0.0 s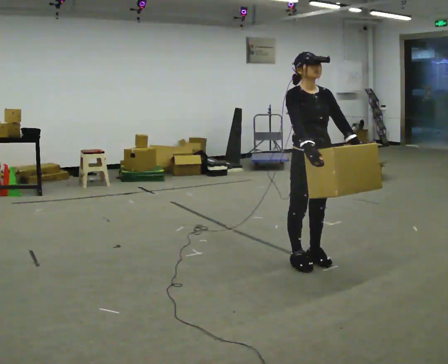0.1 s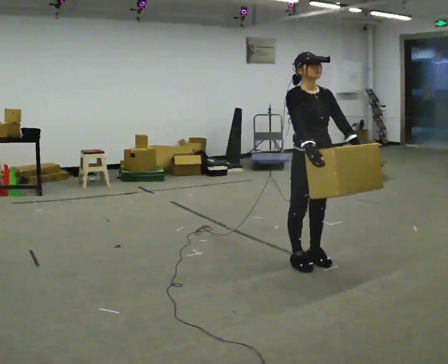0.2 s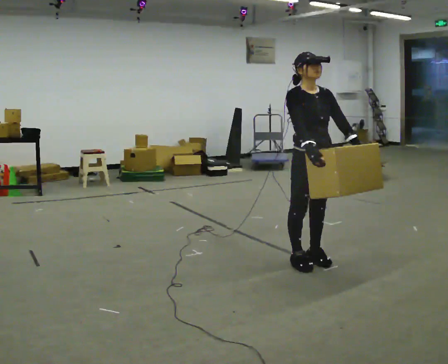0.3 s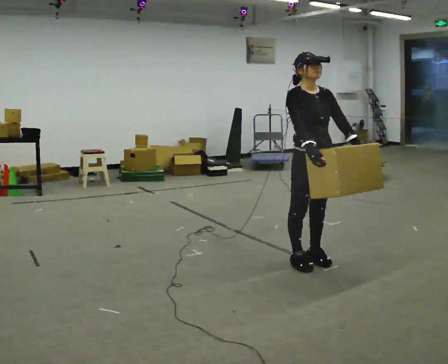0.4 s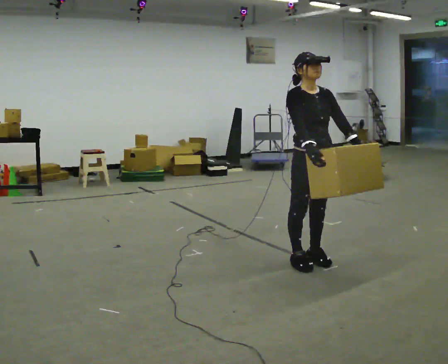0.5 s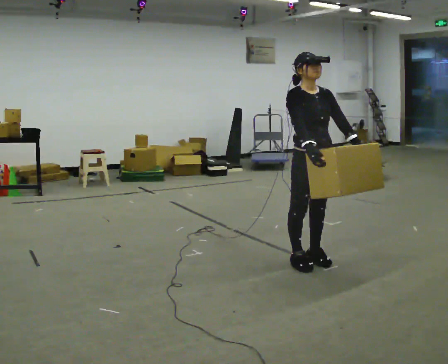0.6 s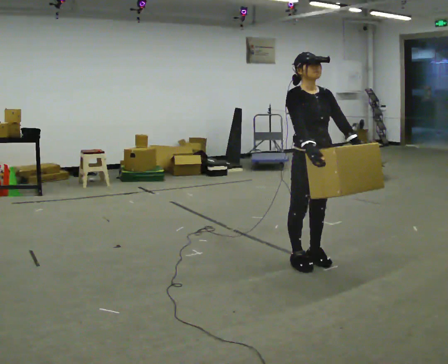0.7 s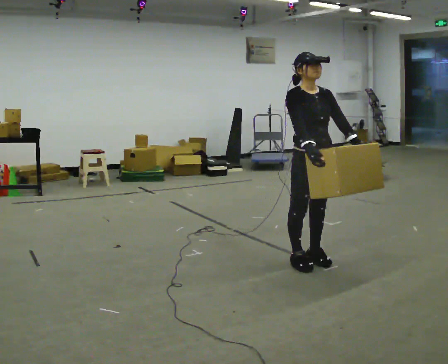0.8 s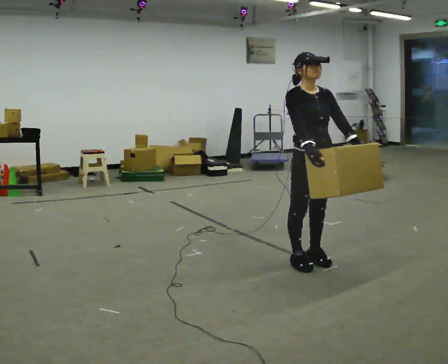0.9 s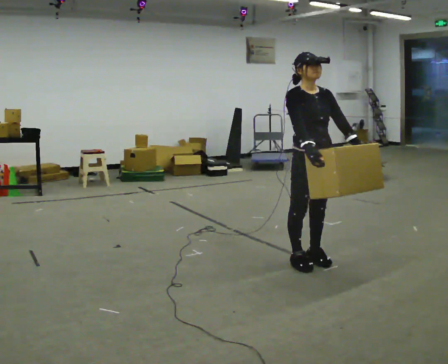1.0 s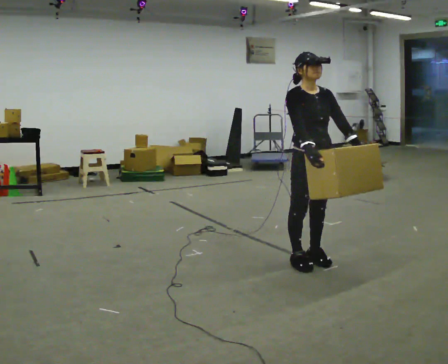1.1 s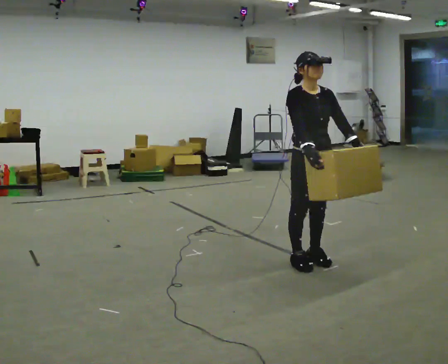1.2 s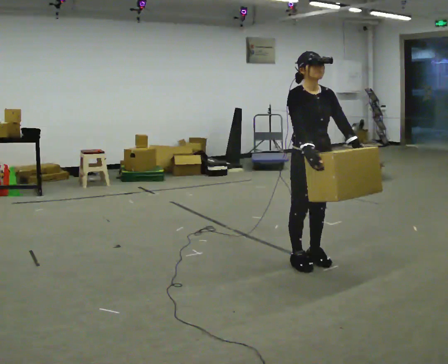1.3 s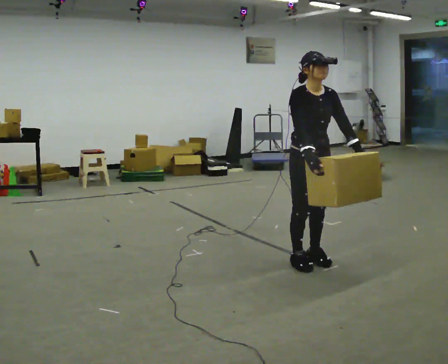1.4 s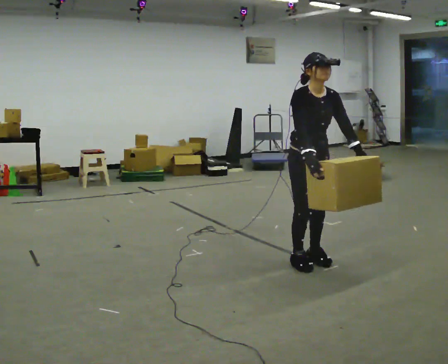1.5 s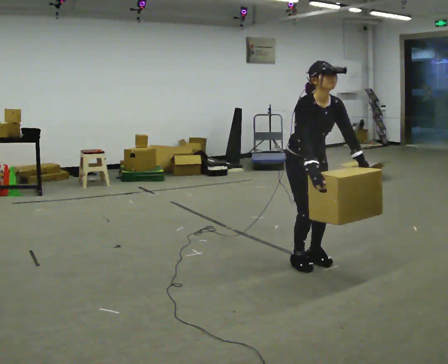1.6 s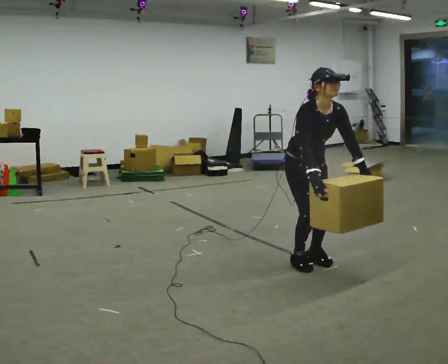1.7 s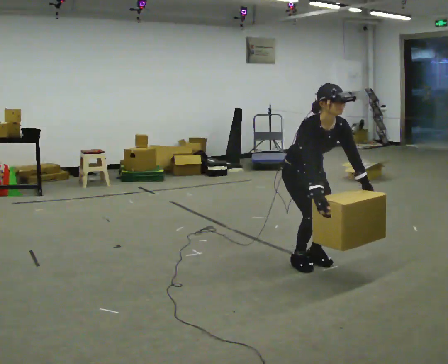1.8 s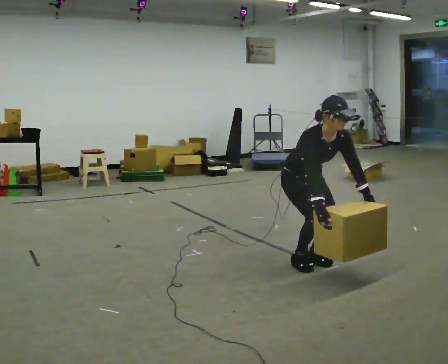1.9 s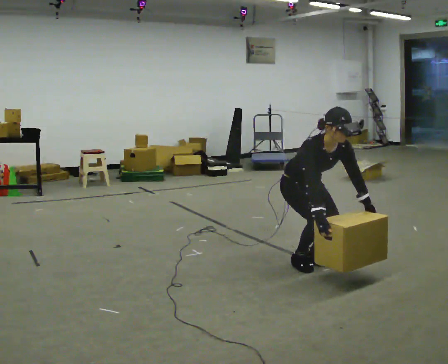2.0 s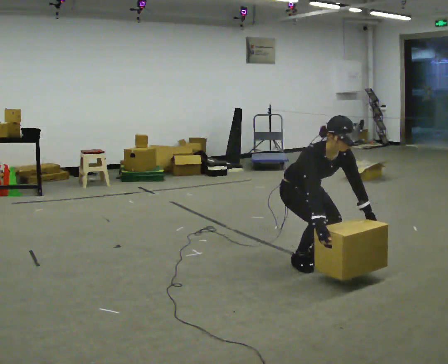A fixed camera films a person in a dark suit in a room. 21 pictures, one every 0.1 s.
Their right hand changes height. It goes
downward.
Their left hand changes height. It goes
downward.
0.0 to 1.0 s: The person keeps their place and pose.
1.0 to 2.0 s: The upper body goes downward. The upper body tips toward the camera, its near side rolling downward, as they bend forward. In the picture their right hand goes downward.
The film runs forward here.
